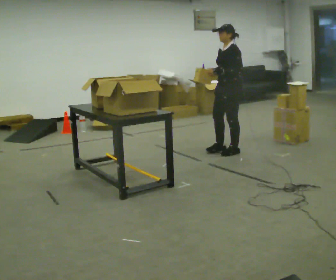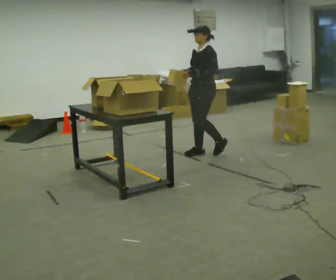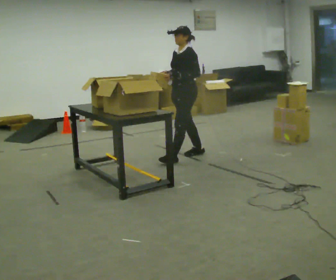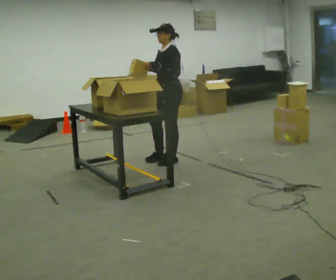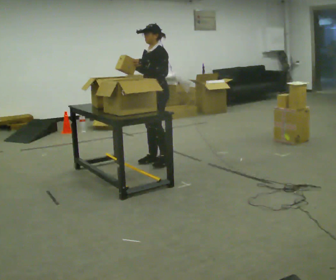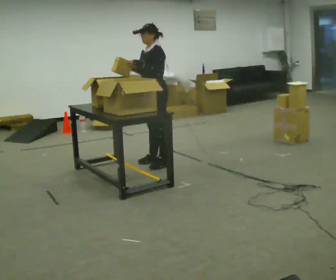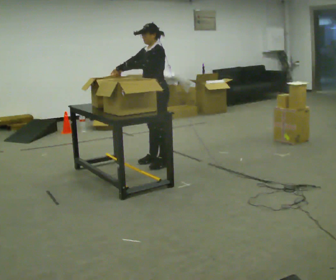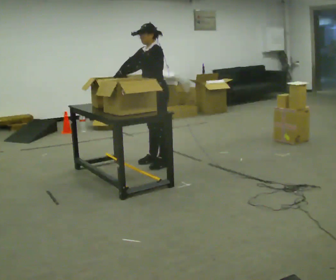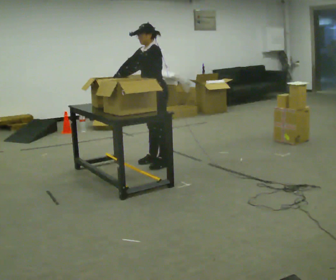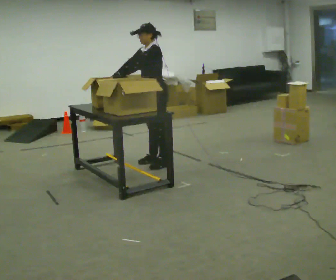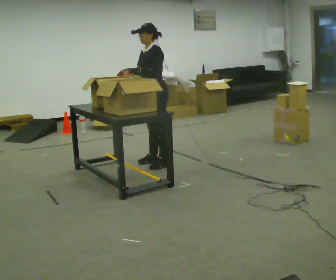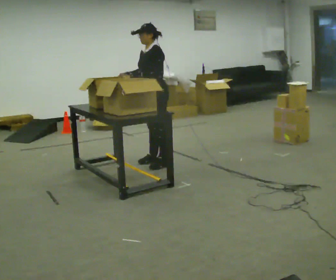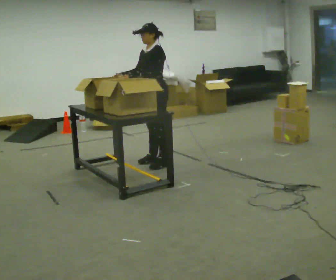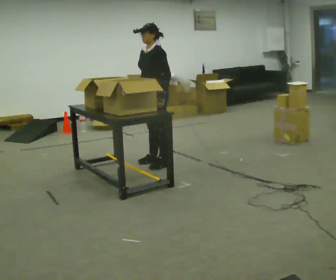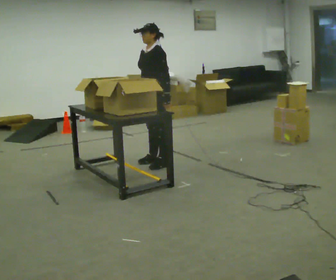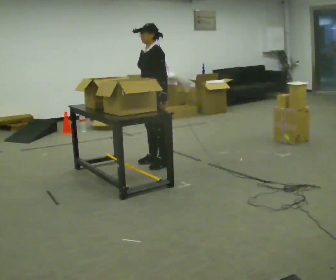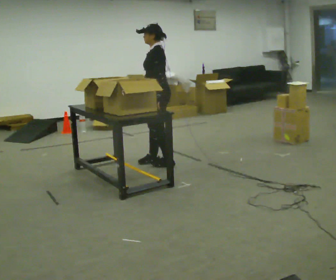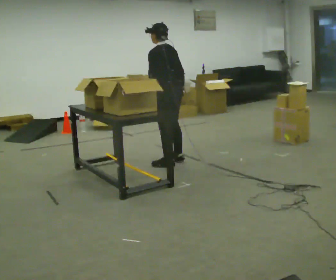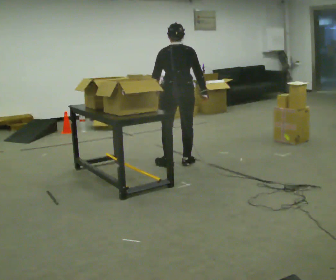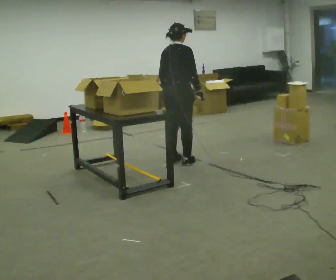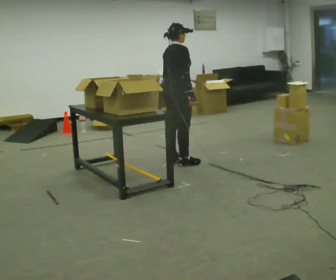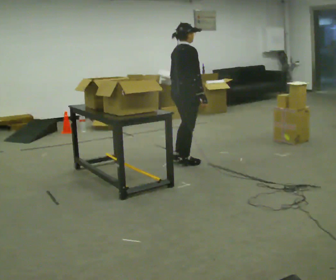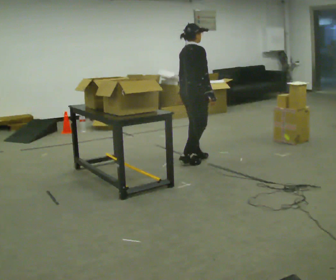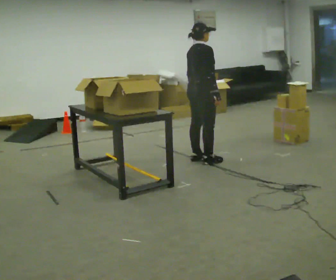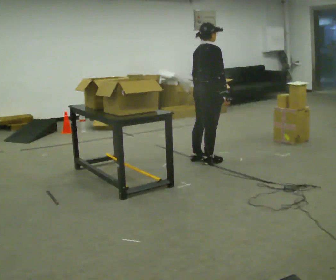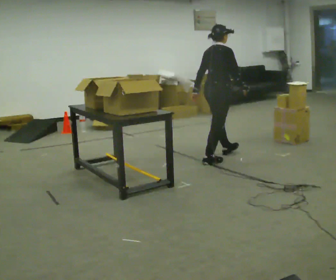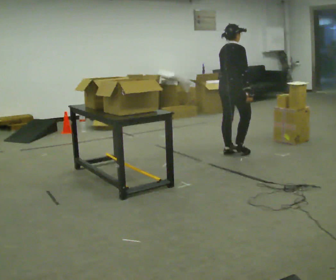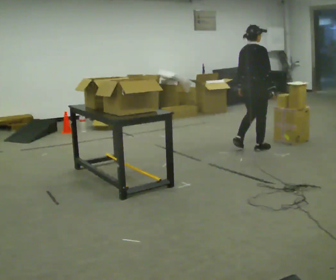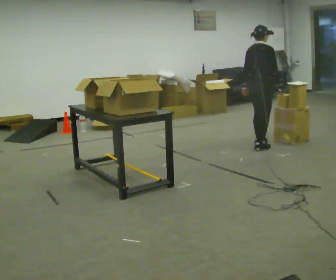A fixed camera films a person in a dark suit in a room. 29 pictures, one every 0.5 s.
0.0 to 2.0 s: In the picture they go to the left, about 1 m in 3 steps, which for them is forward.
2.0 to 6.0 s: The person moves a little, or ends about where they began.
6.0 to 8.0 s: The person turns about 30 degrees to their right, clockwise seen from above, so the part of the body nearest the lens slides to the left. In the picture their right hand goes to the right, the arm swinging counterclockwise.
8.0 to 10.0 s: The person turns about 150 degrees to their right, clockwise seen from above, so the part of the body nearest the lens slides to the left. In the picture they go to the right, about 0.25 m in 1 step. In the picture their right hand goes to the right.
10.0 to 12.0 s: In the picture they go to the right, about 0.25 m in 2 steps, which for them is forward.
12.0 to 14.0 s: In the picture they go to the right and away from the camera, about 1 m in 3 steps, which for them is forward.
The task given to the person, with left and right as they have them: 1. Read the list the operator gives you. 2. Collect the six items on the list from the shelves. 3. Put them all in the bin on the table. 4. Tell the operator when you are finished.
The film runs forward here.
